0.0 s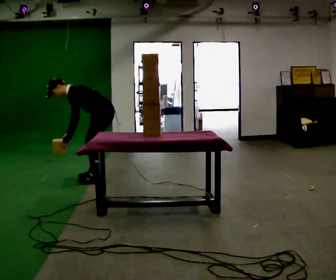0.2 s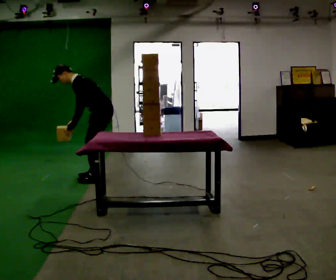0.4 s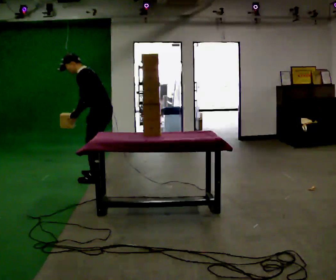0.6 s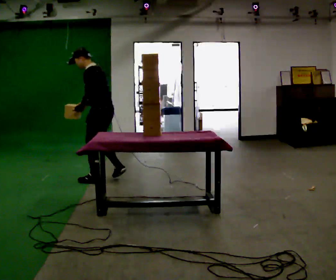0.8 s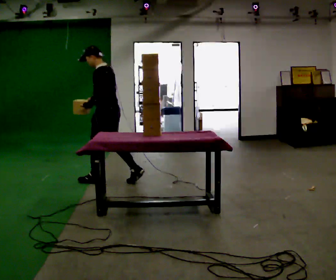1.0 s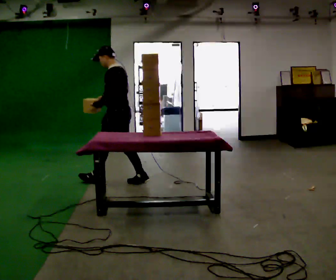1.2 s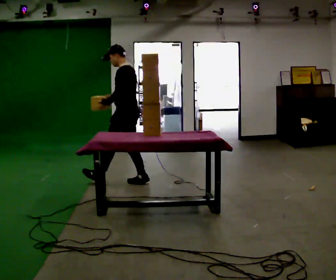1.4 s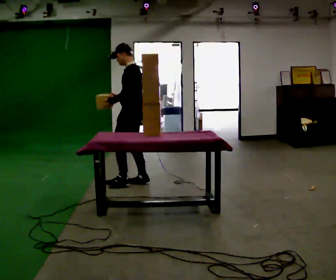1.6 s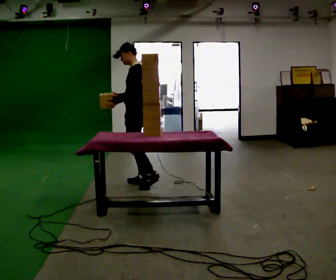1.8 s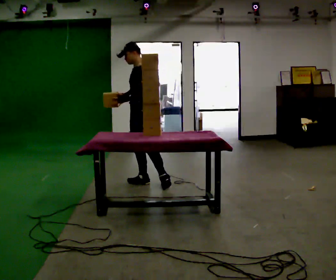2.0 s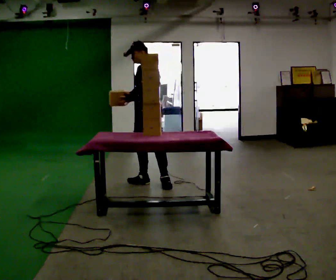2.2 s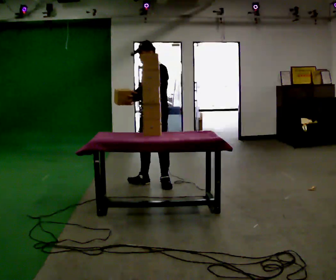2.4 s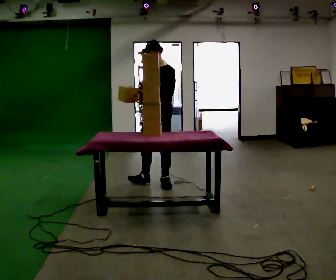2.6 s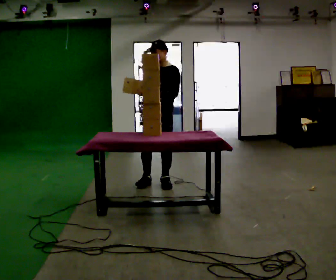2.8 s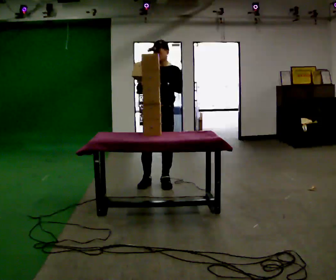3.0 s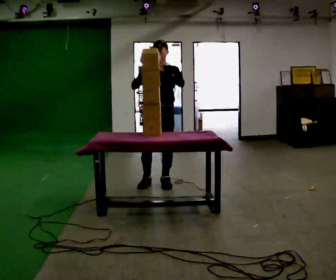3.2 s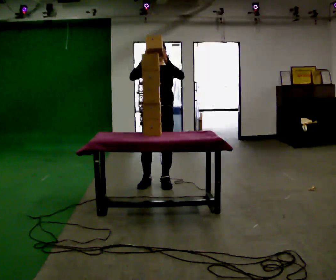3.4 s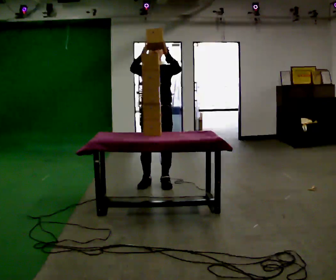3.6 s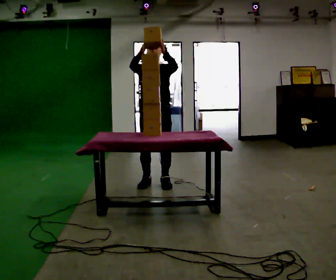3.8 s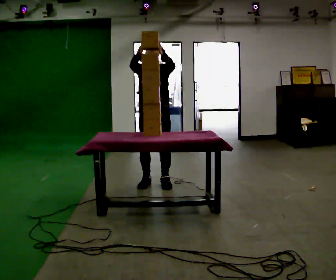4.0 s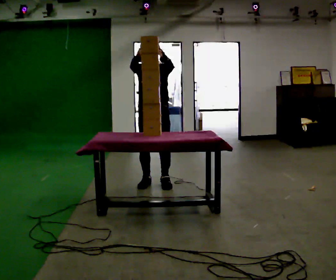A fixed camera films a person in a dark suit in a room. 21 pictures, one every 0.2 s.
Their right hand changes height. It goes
upward.
The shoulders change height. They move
upward.
0.0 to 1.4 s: In the picture they go to the right and toward the camera, about 0.5 m in 2 steps, which for them is backward. The upper body goes upward. In the picture the upper body tilts clockwise, shoulders to the right, as they lean back or straighten. In the picture their left hand goes upward.
1.4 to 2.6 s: The part of the body nearest the lens slides to the right as the person turns to their left by about 75 degrees. In the picture they go to the right, about 0.25 m.
2.6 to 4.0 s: The person turns about 30 degrees to their left, counterclockwise seen from above, so the part of the body nearest the lens slides to the right. In the picture their right hand goes upward.
The film runs backward here.
